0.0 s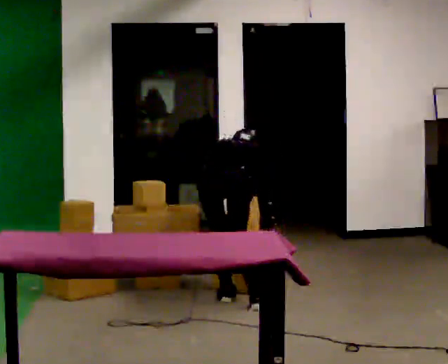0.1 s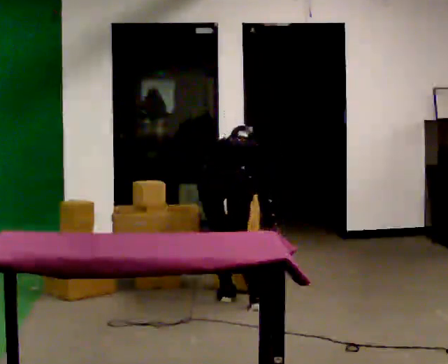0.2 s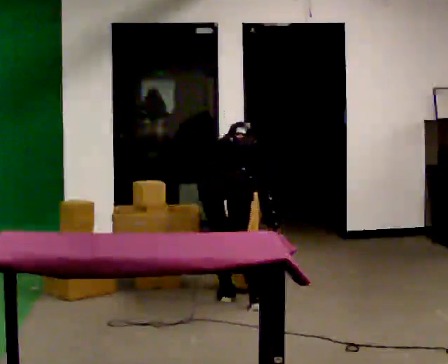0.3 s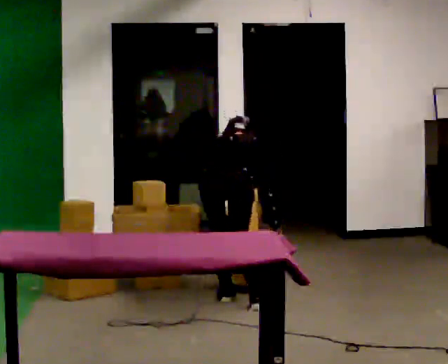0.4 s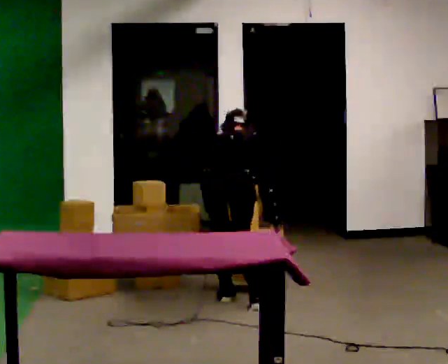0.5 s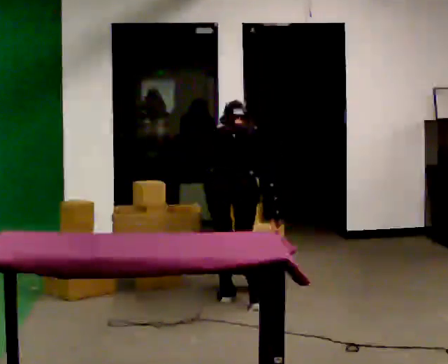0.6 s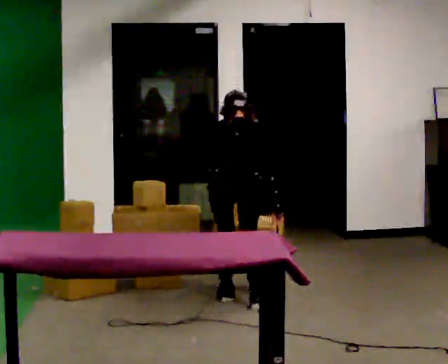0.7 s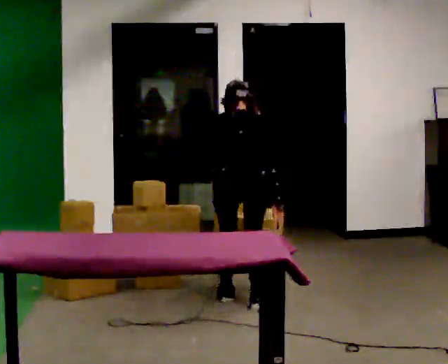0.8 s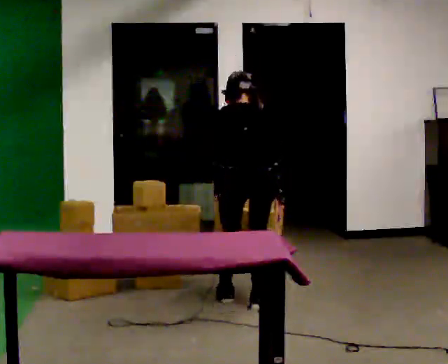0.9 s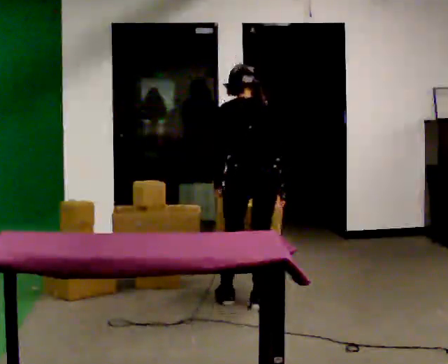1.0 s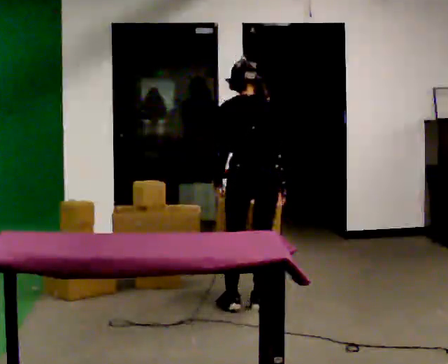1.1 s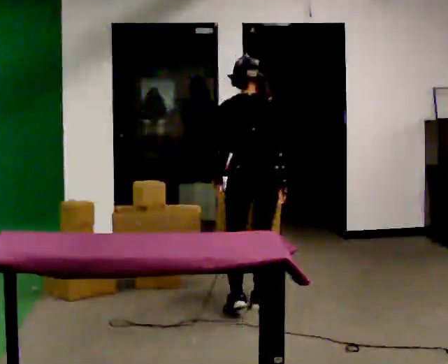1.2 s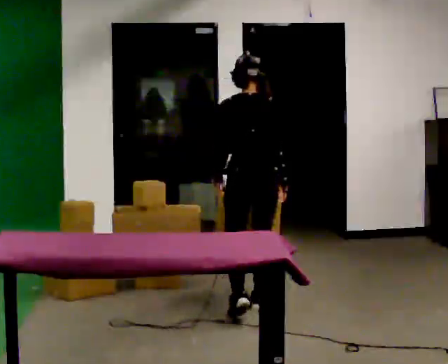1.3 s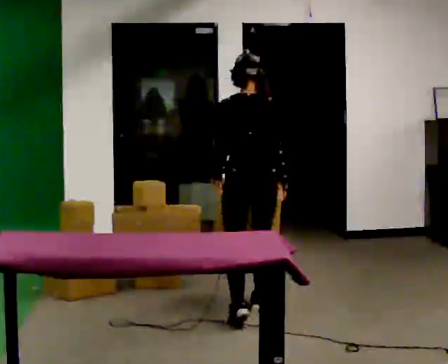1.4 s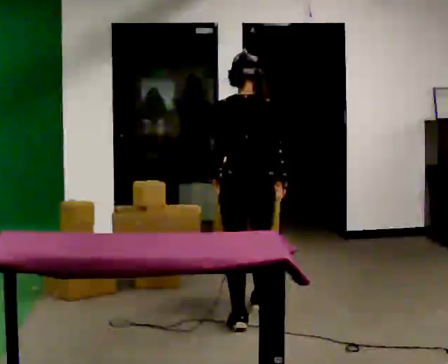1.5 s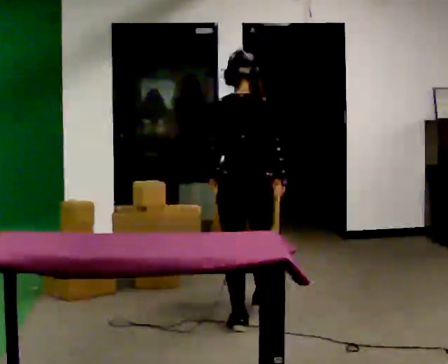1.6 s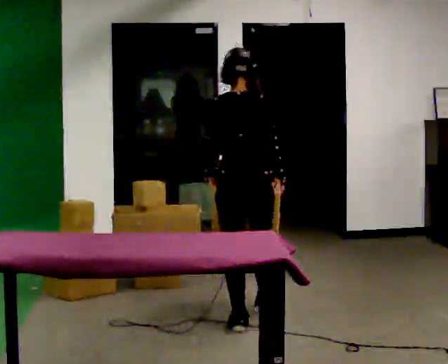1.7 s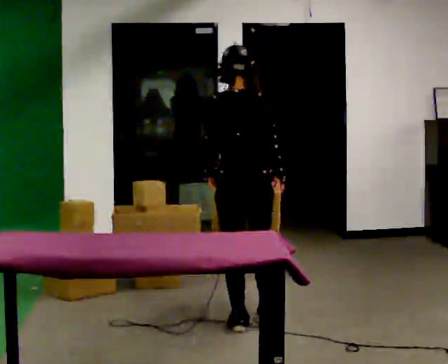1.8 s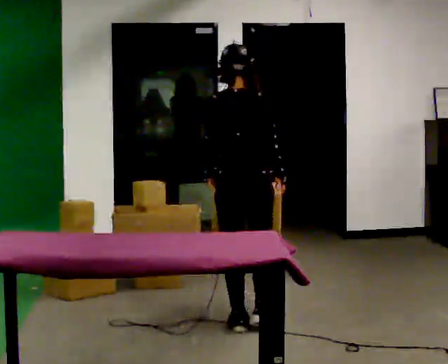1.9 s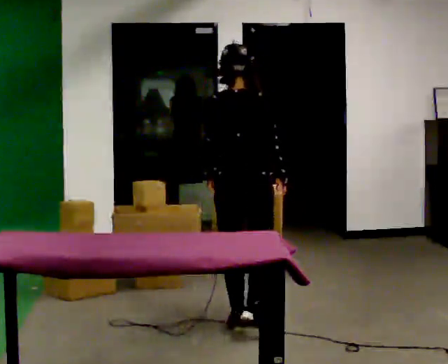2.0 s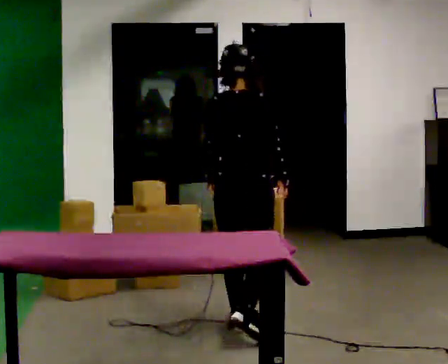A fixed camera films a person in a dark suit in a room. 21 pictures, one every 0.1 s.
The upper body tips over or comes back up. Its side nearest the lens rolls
downward.
Their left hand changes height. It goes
upward.
0.0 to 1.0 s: In the picture they go to the right, about 0.25 m in 1 step, which for them is to their right. The upper body goes upward. The upper body tips toward the camera, its near side rolling downward, as they lean back or straighten. In the picture their right hand goes upward.
1.0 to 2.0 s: In the picture they go toward the camera, about 0.5 m in 1 step, which for them is backward. The upper body tips toward the camera, its near side rolling downward, as they lean back or straighten.
The film runs backward here.
